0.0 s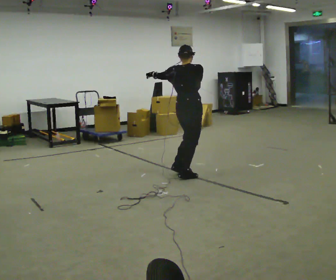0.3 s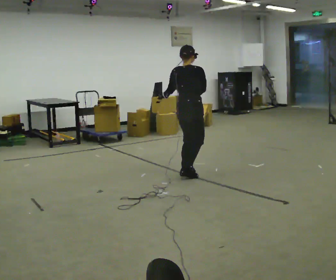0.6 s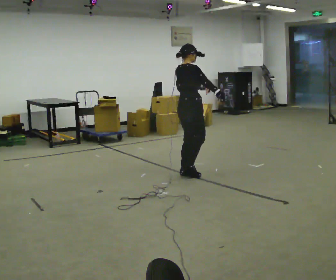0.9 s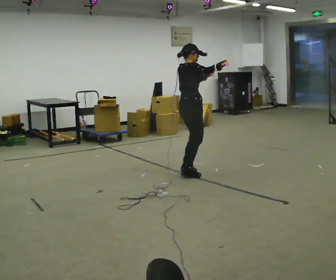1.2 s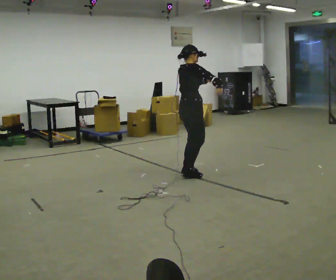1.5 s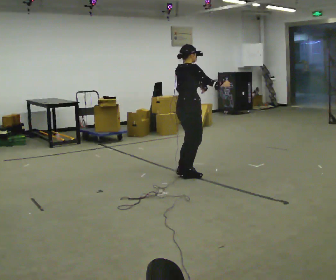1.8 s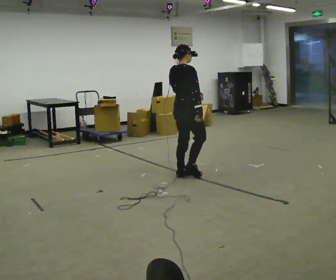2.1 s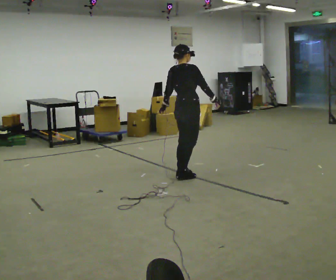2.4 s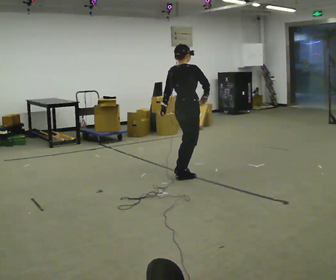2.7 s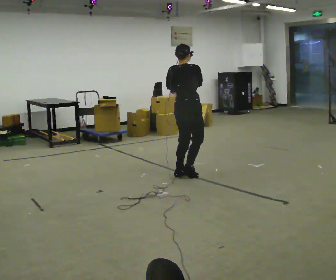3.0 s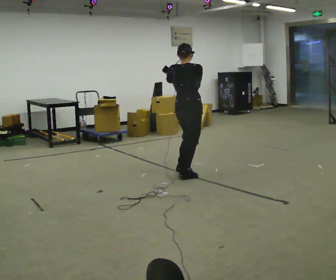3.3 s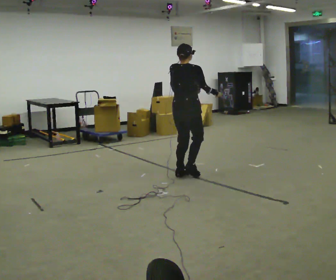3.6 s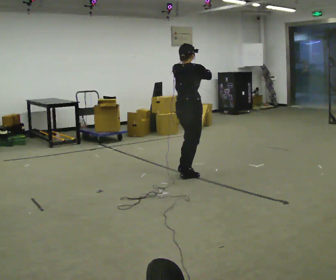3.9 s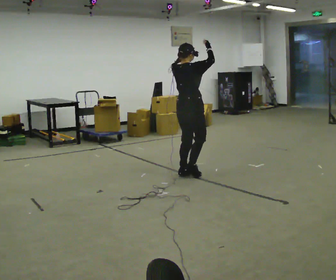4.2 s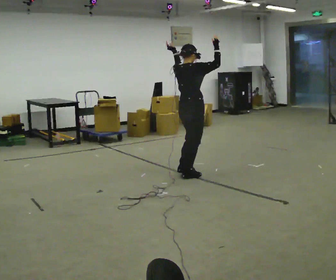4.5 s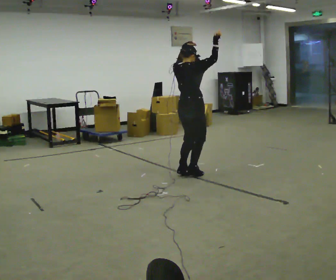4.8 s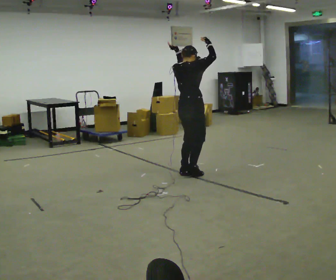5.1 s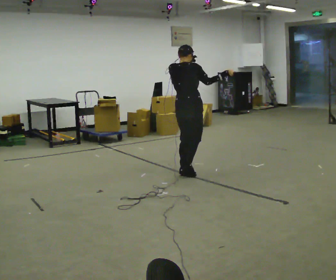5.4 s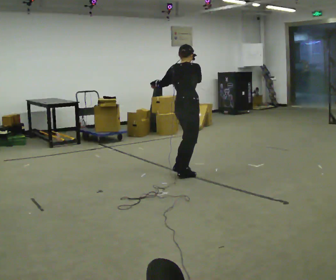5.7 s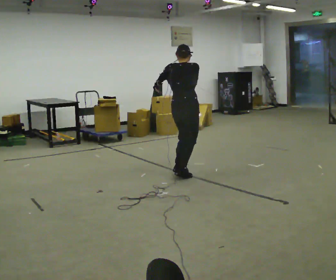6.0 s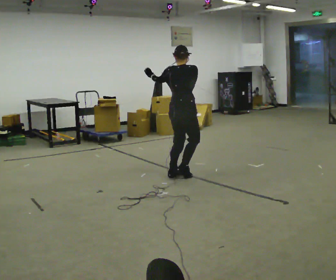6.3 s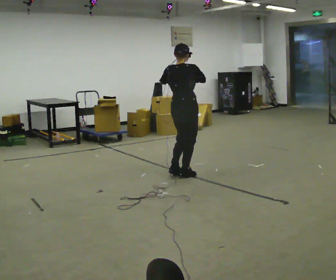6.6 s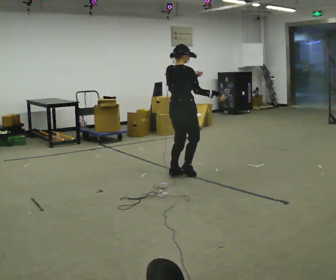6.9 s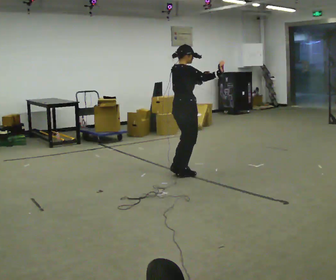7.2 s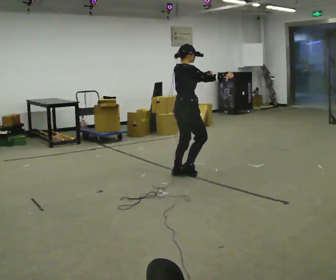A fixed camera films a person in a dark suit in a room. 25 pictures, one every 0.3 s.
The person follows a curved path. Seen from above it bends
counterclockwise.
0.0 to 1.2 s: The part of the body nearest the lens slides to the left as the person turns to their right by about 30 degrees. In the picture their right hand goes to the right.
1.2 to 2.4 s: The person moves a little, or ends about where they began.
2.4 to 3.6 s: In the picture their left hand goes upward.
3.6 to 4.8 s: In the picture their right hand goes upward.
4.8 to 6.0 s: In the picture their right hand goes downward and to the left.
6.0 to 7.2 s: In the picture their right hand goes to the right.
The film runs forward here.
